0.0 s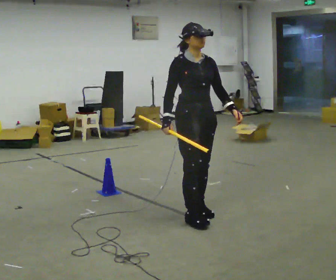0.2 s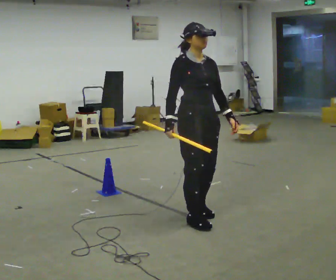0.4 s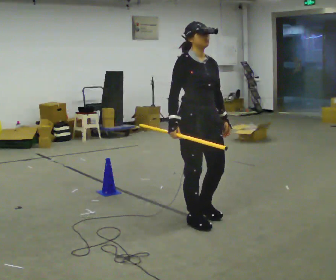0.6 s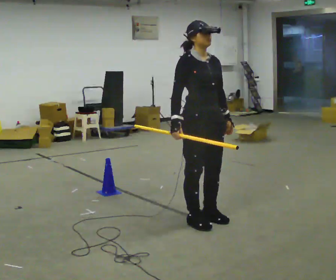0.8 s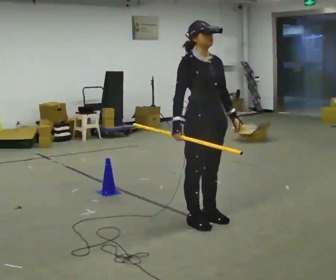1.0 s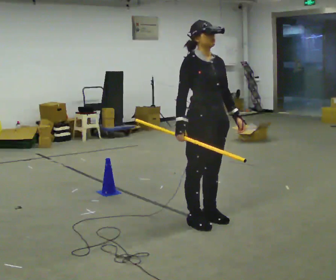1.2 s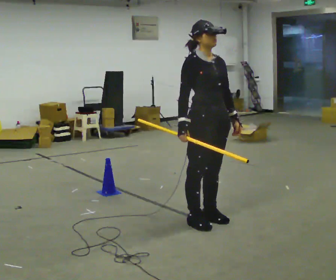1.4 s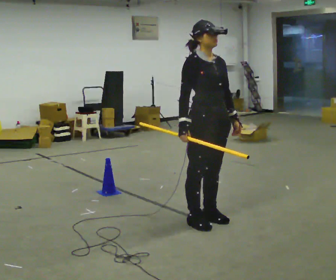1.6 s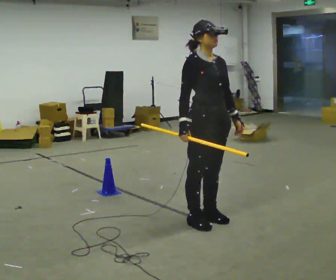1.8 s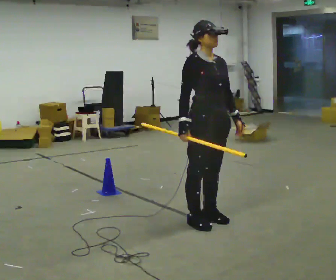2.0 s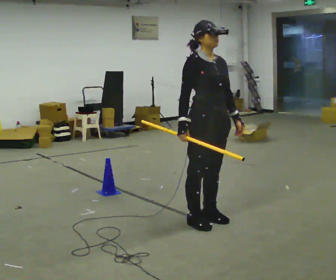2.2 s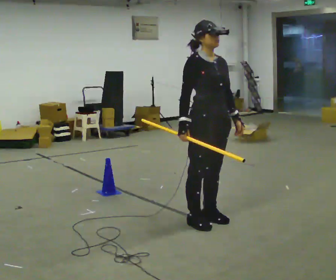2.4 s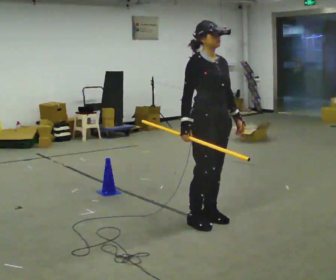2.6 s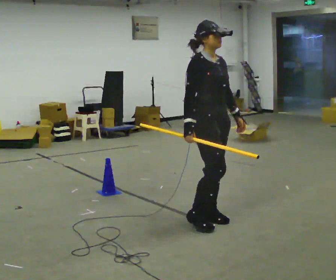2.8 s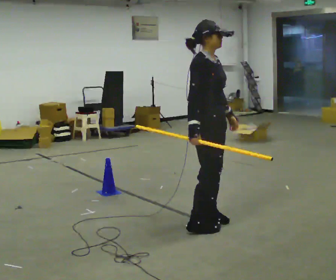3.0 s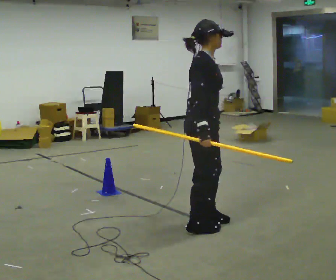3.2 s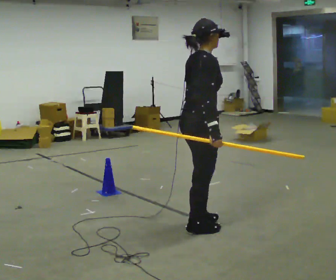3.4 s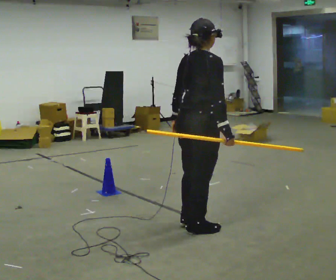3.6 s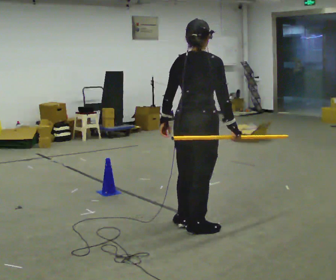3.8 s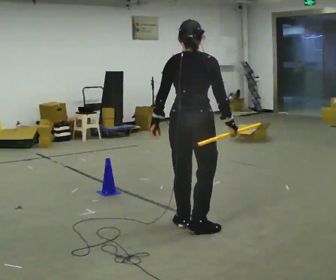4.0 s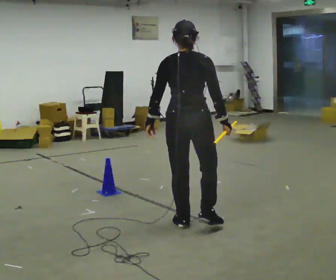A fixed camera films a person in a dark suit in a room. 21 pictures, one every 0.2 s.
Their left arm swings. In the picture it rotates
clockwise.
The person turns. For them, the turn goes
to their left.
0.0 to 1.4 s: In the picture they go toward the camera, about 0.25 m in 2 steps, which for them is forward.
1.4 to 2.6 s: The person moves a little, or ends about where they began.
2.6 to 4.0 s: The person turns about 120 degrees to their left, counterclockwise seen from above, so the part of the body nearest the lens slides to the right. In the picture their left hand goes to the left, the arm swinging clockwise.
The film runs forward here.
